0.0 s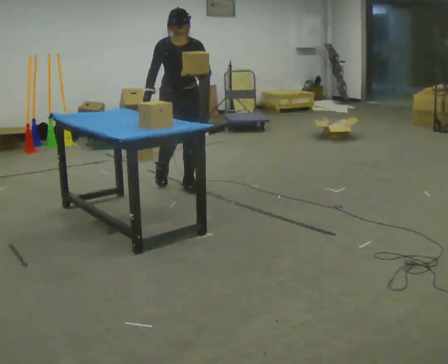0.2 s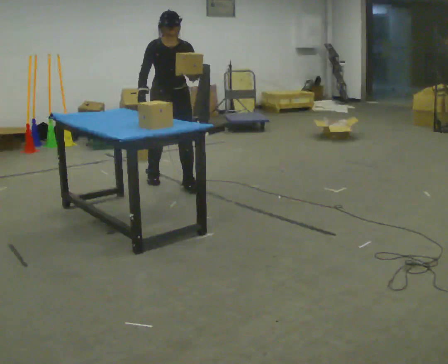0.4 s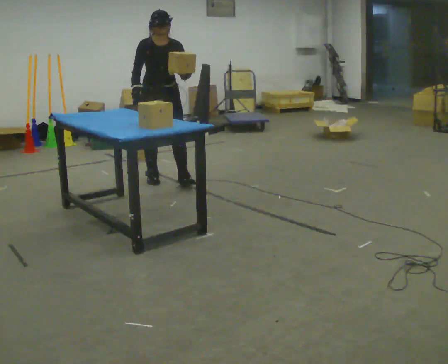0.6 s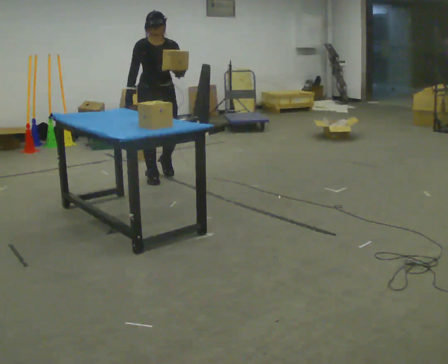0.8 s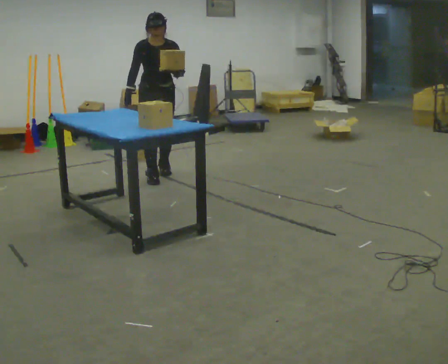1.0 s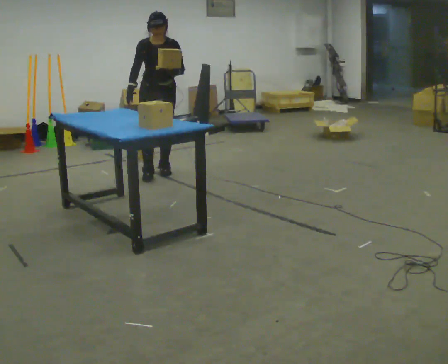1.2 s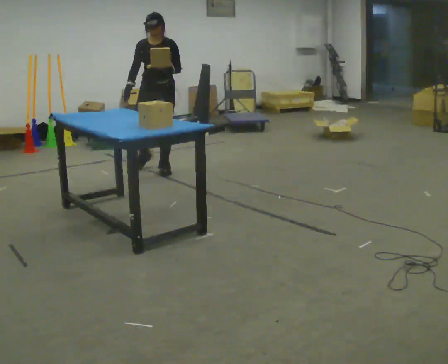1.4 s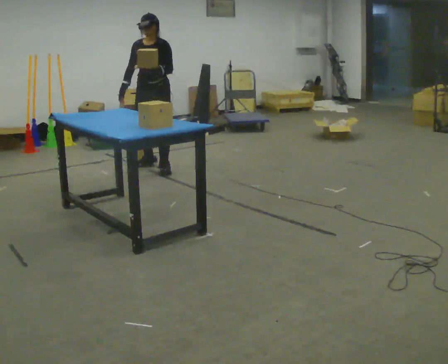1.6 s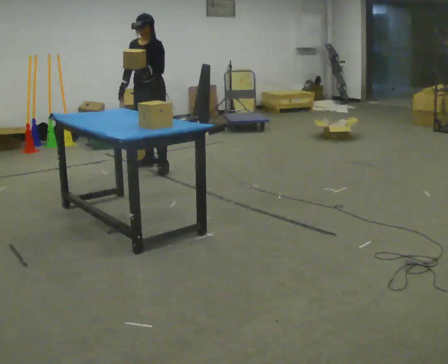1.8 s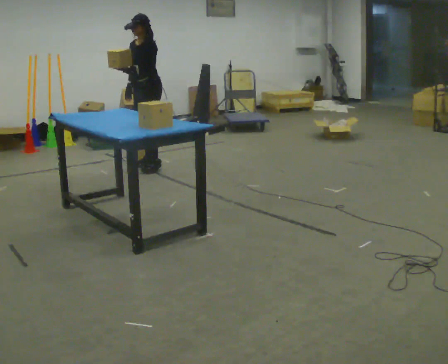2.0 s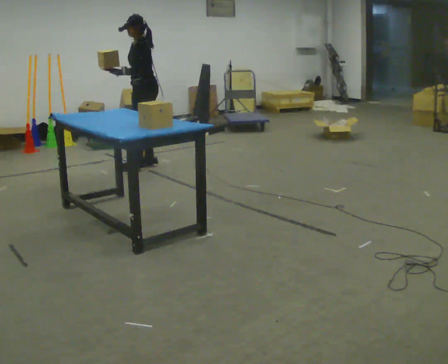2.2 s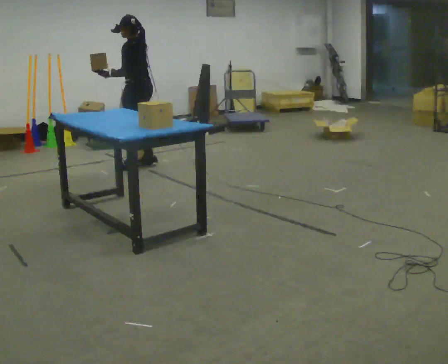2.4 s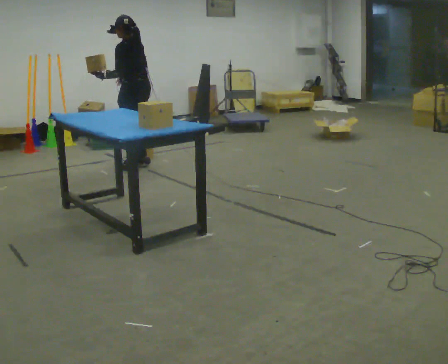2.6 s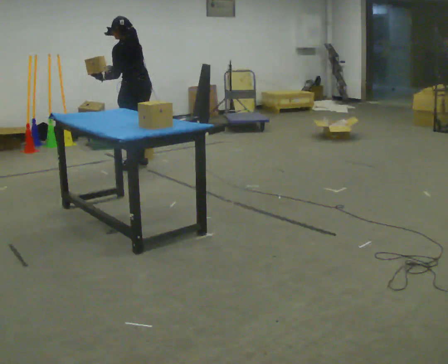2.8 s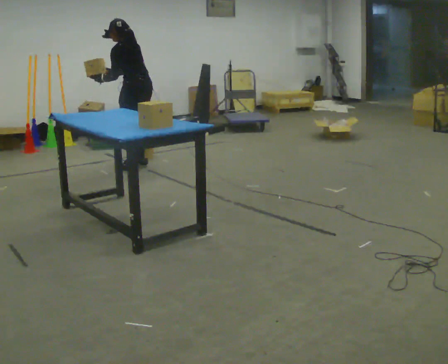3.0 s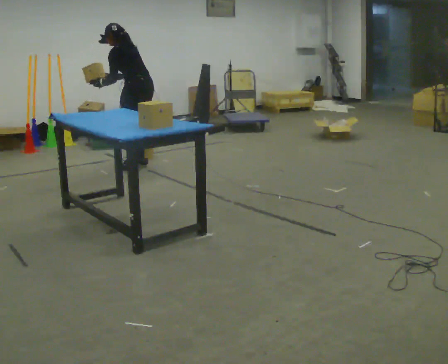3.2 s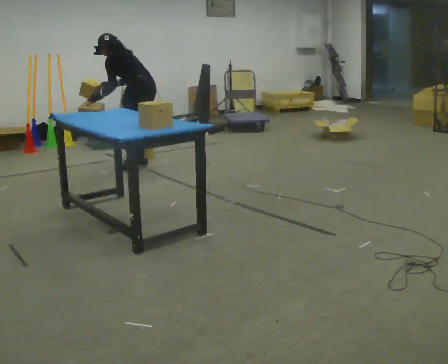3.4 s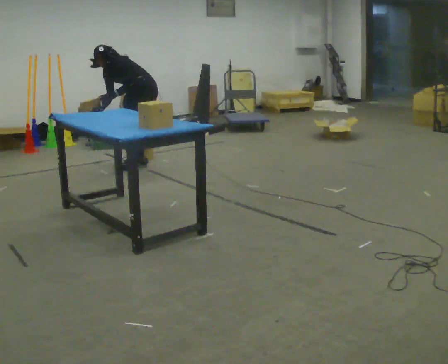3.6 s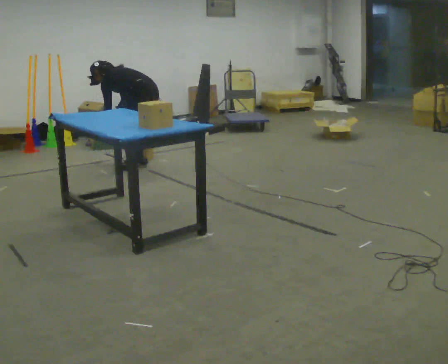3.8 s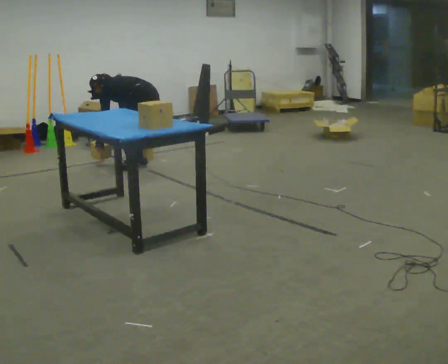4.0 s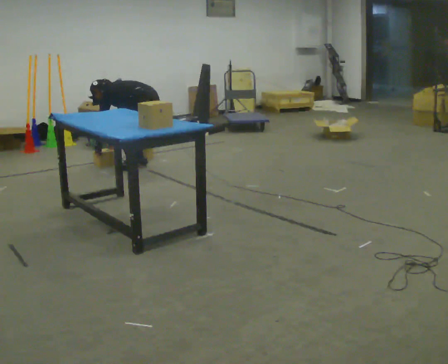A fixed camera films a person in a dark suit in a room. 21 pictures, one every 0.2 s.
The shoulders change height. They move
downward.
Their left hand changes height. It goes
downward.
0.0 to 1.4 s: Seen from above the body turns clockwise, about 30 degrees: to their right, with its near side sliding to the left. In the picture they go away from the camera, about 0.5 m in 2 steps, which for them is backward.
1.4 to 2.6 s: The person turns about 90 degrees to their right, clockwise seen from above, so the part of the body nearest the lens slides to the left. In the picture they go to the left, about 0.25 m in 1 step. In the picture their left hand goes to the left.
2.6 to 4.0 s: The upper body goes downward. In the picture the upper body tilts counterclockwise, shoulders to the left, as they bend forward. In the picture their right hand goes downward.
The film runs backward here.
